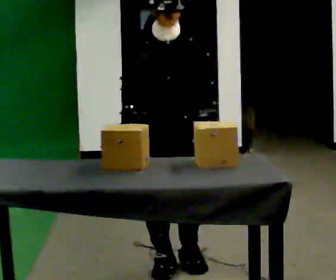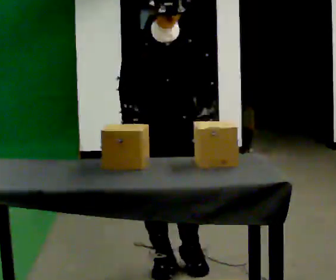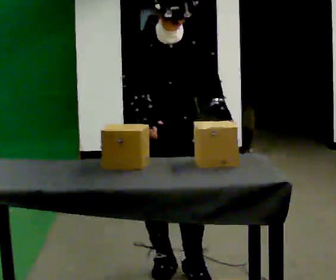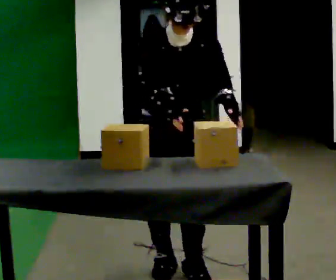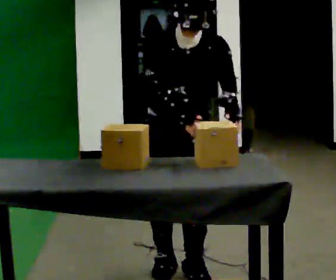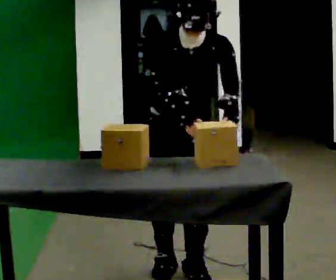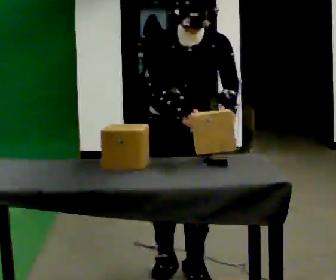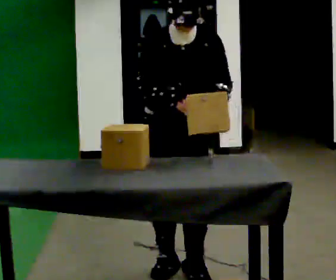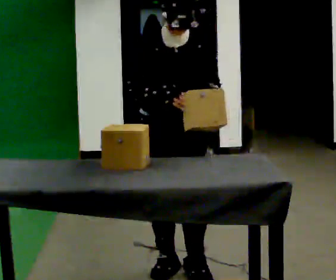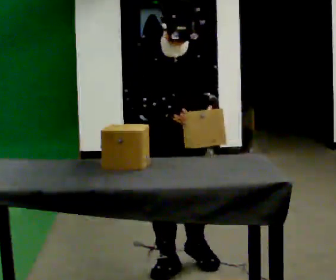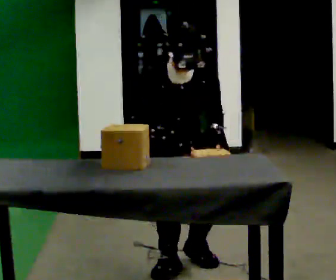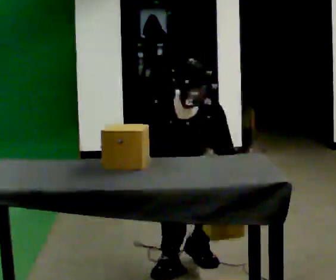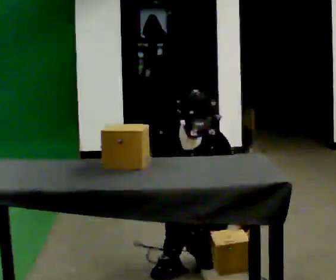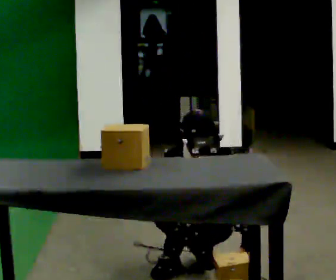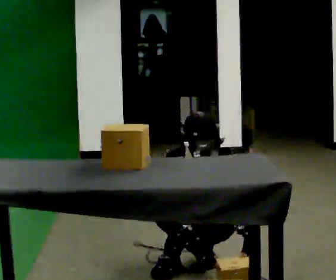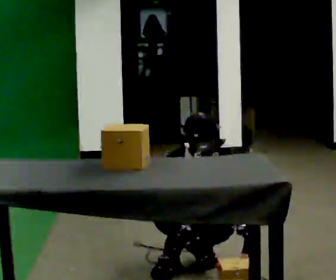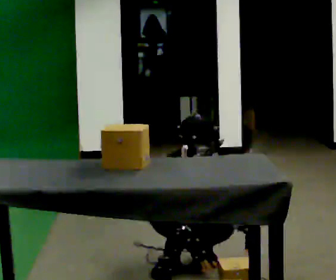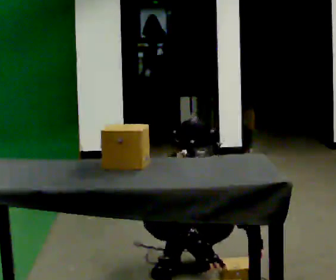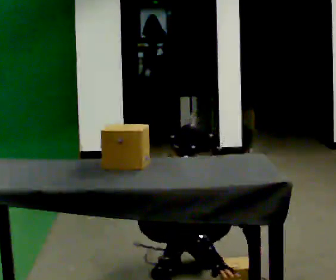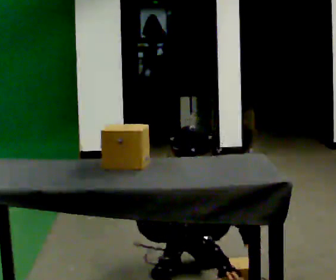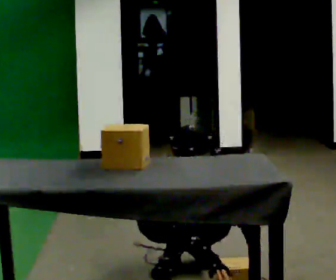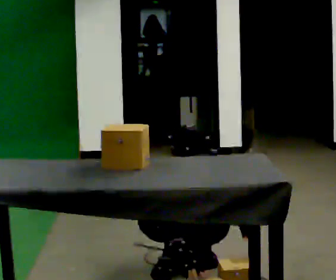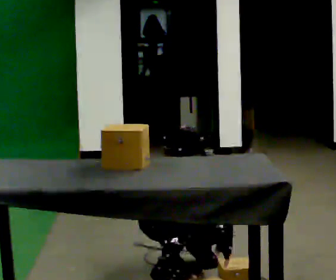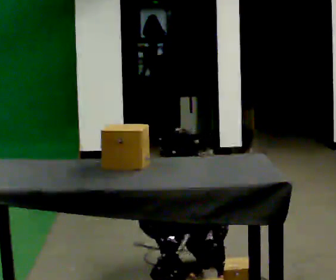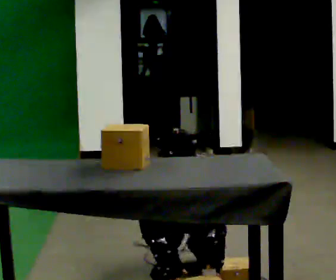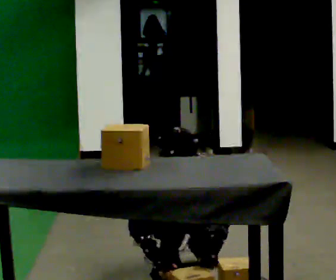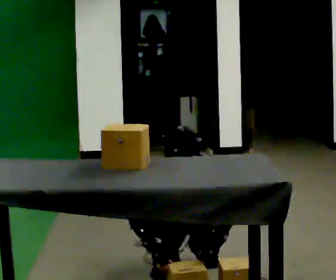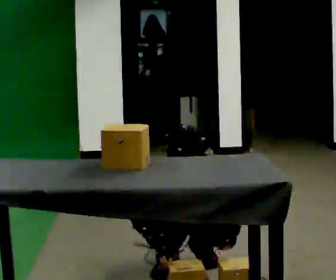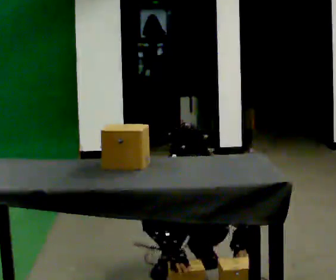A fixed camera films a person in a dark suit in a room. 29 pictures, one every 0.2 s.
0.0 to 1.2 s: The upper body tips toward the camera, its near side rolling downward, as they bend forward.
1.2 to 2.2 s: In the picture they go away from the camera, about 0.25 m in 1 step, which for them is backward. The upper body goes downward. In the picture their left hand goes downward.
2.2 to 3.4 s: The upper body goes downward.
3.4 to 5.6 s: The person moves a little, or ends about where they began.
The film runs forward here.
